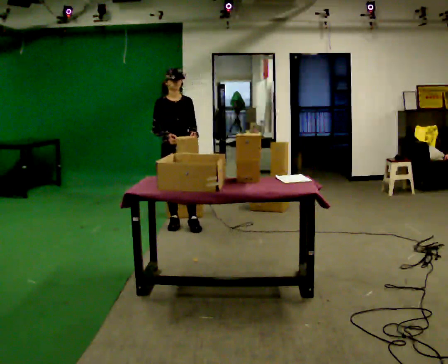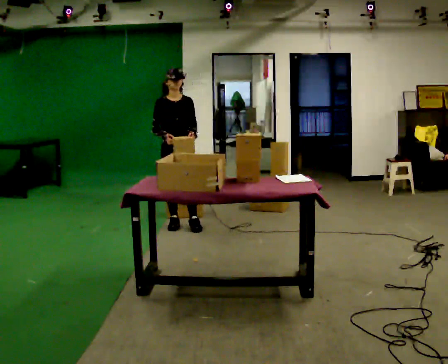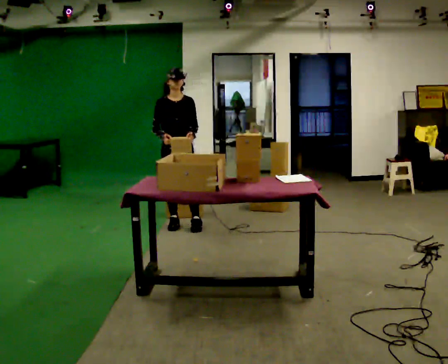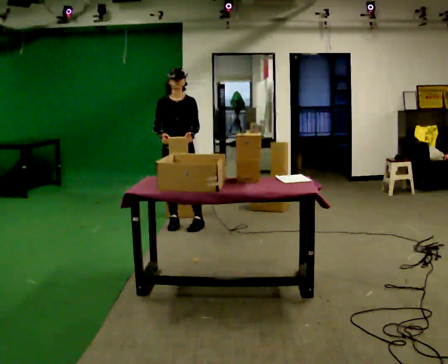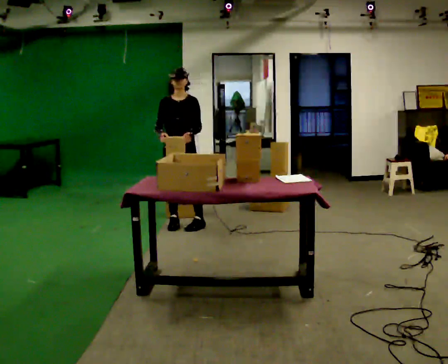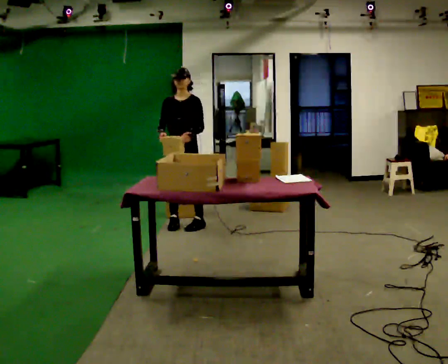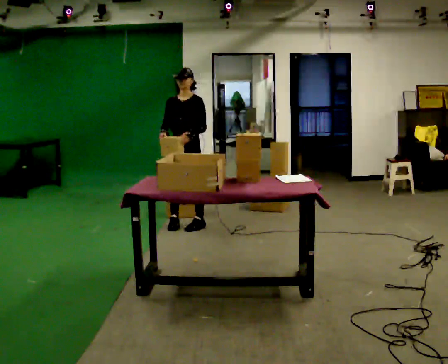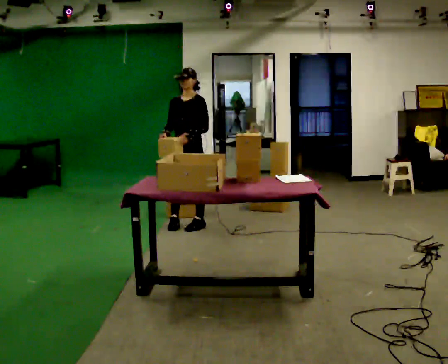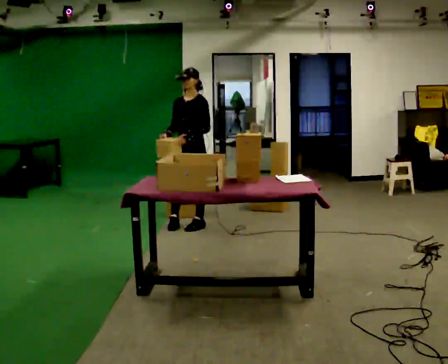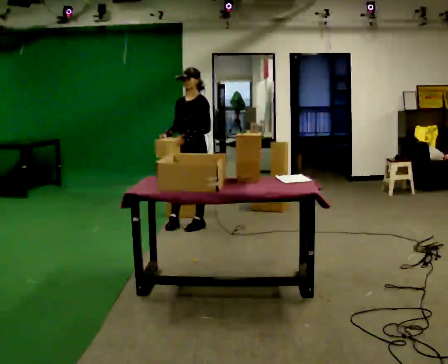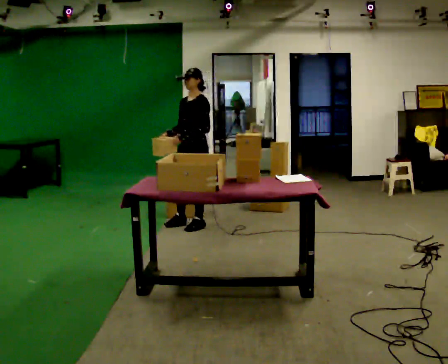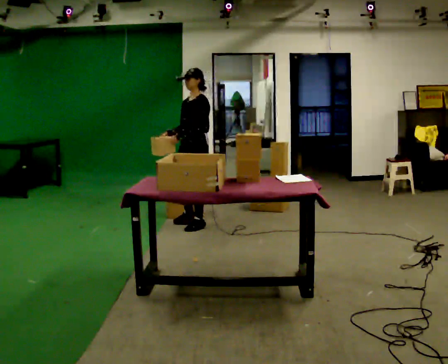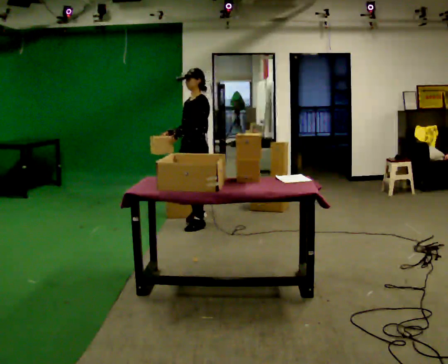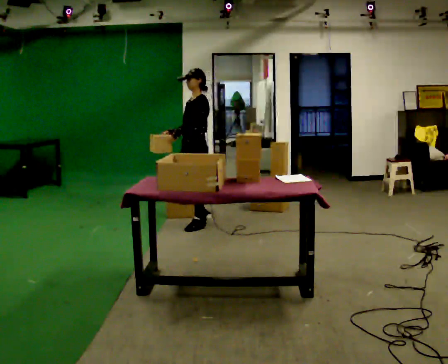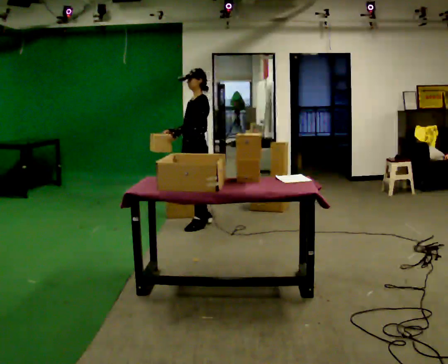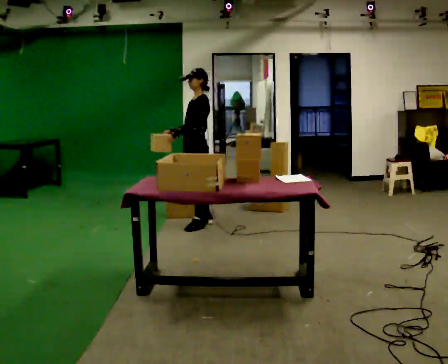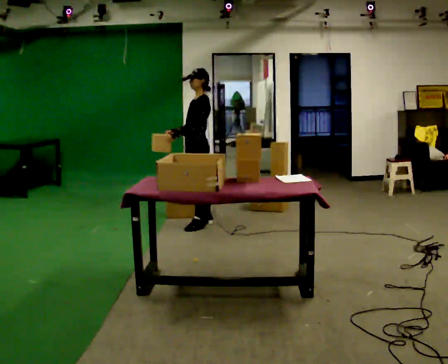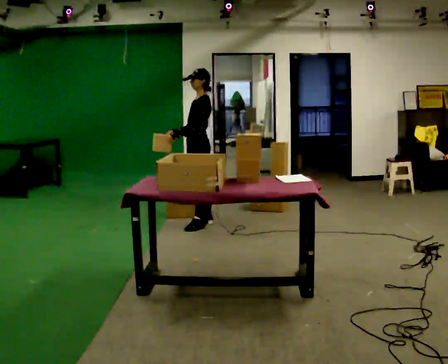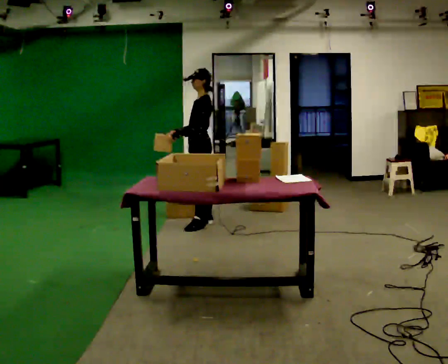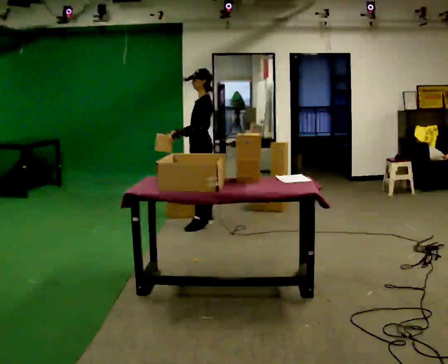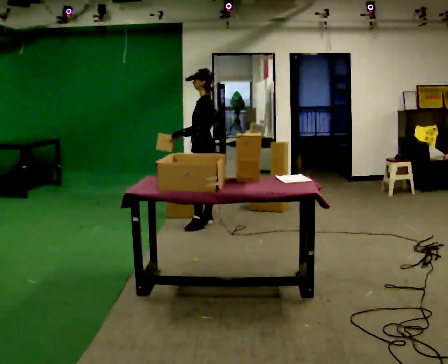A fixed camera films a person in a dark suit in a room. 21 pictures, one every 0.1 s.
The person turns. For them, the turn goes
to their right.
The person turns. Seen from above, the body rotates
clockwise.
0.0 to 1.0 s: The person turns about 75 degrees to their right, clockwise seen from above, so the part of the body nearest the lens slides to the left. In the picture they go to the right, about 0.25 m in 1 step.
1.0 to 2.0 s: Seen from above the body turns clockwise, about 45 degrees: to their right, with its near side sliding to the left.
The film runs backward here.
